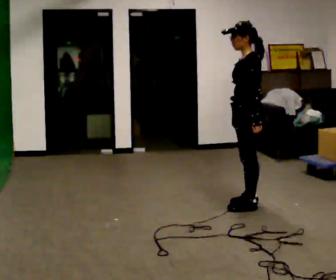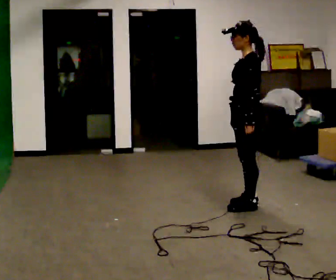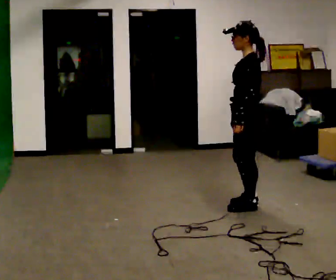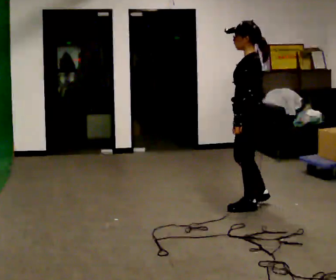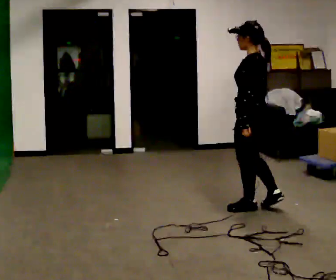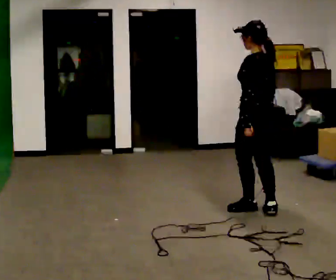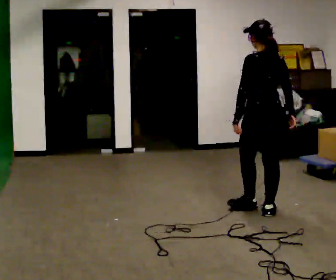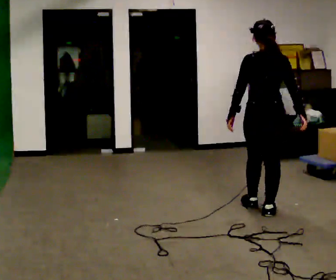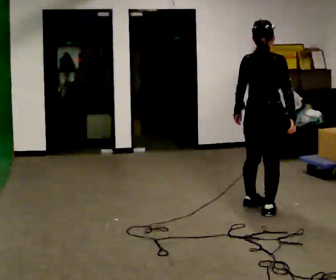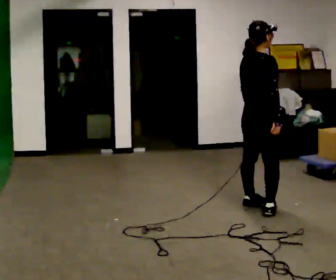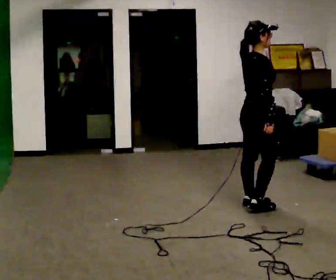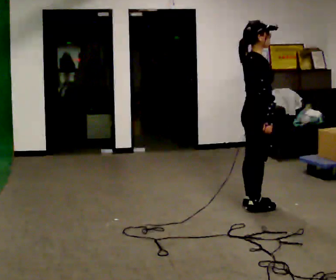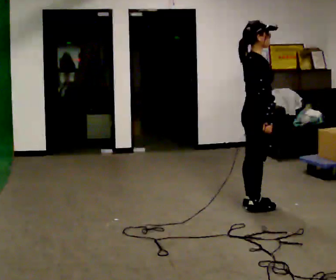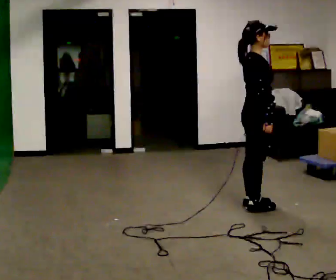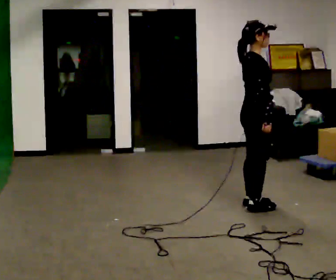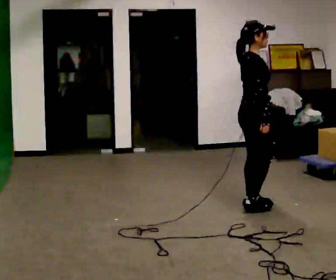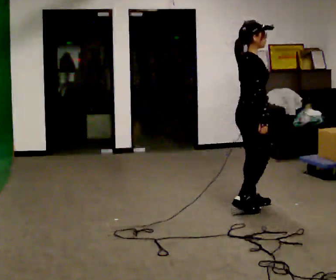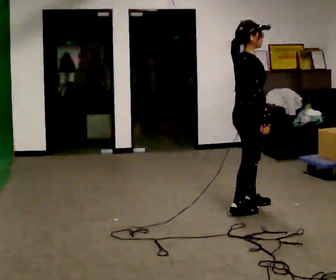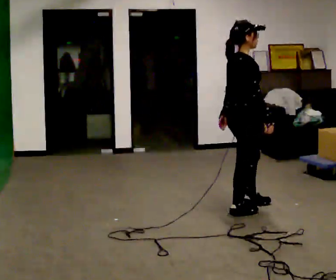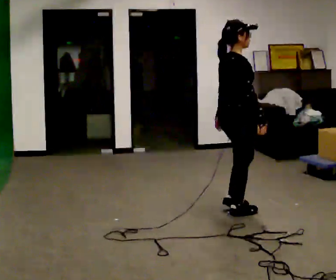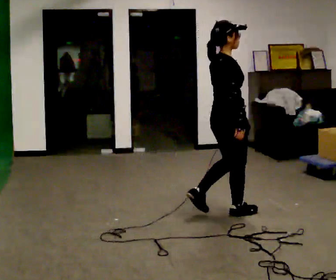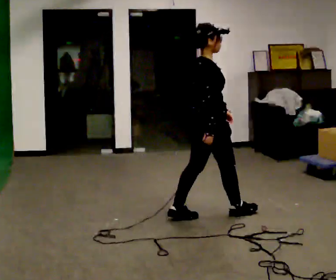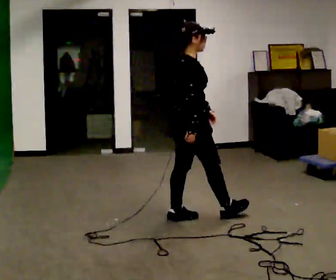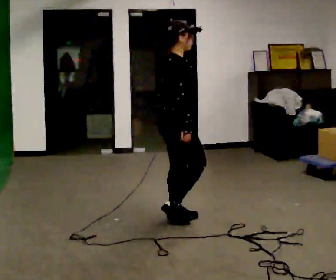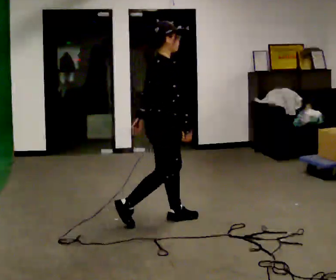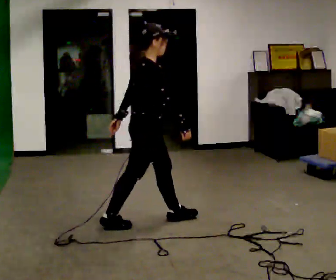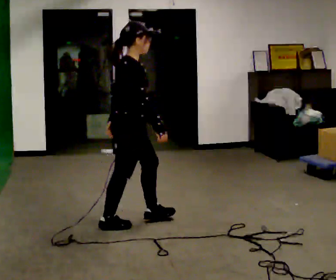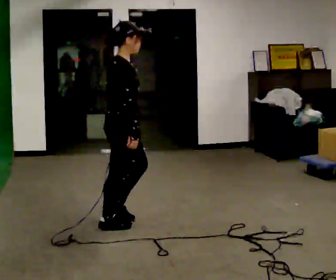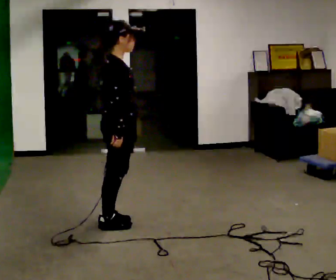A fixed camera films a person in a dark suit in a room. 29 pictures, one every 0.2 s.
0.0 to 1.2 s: The person turns about 75 degrees to their right, clockwise seen from above, so the part of the body nearest the lens slides to the left. In the picture they go toward the camera, about 0.25 m in 1 step. In the picture their right hand goes to the right.
1.2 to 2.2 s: Seen from above the body turns clockwise, about 105 degrees: to their right, with its near side sliding to the left.
2.2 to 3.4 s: The person moves a little, or ends about where they began.
3.4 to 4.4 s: In the picture they go to the left and toward the camera, about 0.5 m in 2 steps, which for them is backward.
4.4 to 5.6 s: In the picture they go to the left and toward the camera, about 0.5 m in 1 step, which for them is backward.
The film runs backward here.
